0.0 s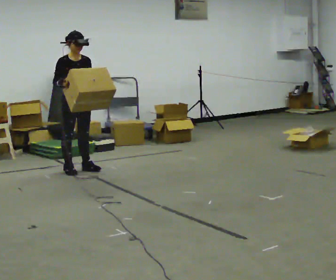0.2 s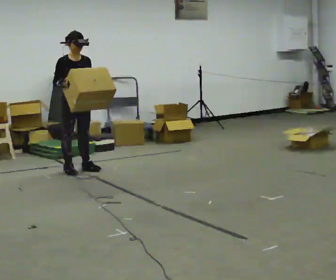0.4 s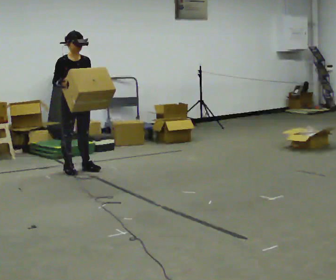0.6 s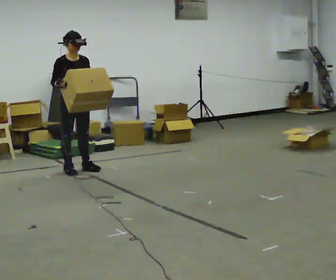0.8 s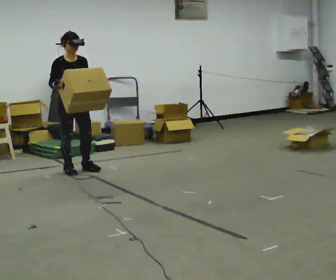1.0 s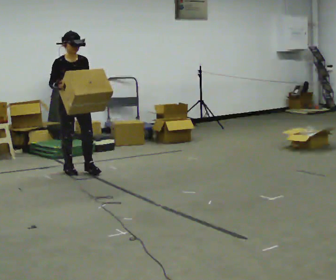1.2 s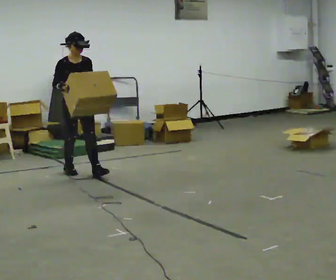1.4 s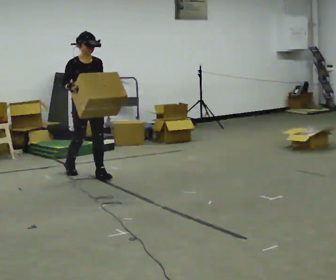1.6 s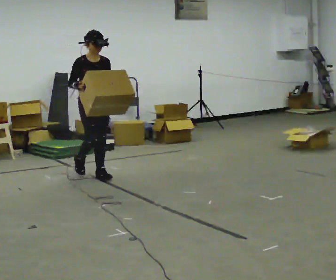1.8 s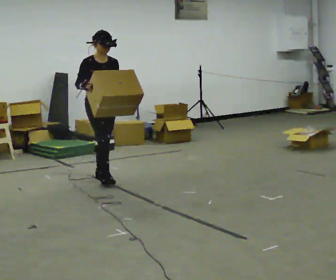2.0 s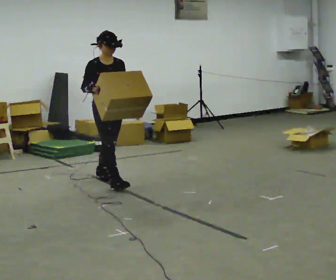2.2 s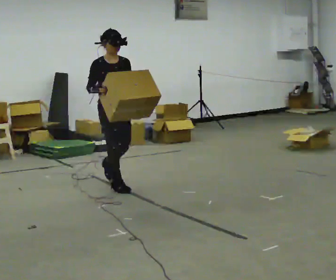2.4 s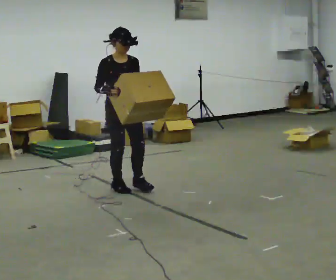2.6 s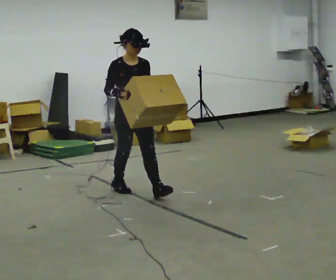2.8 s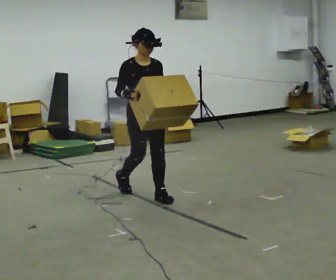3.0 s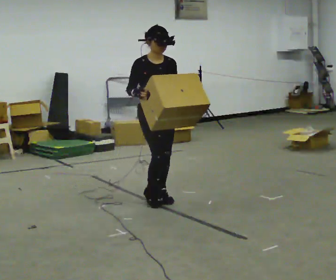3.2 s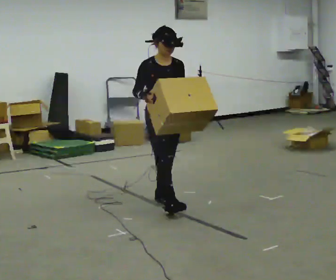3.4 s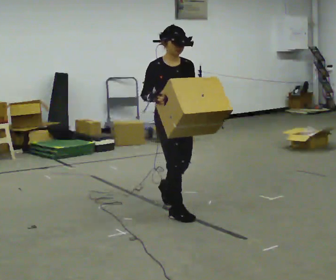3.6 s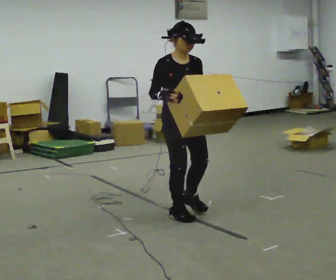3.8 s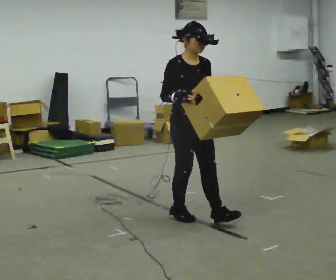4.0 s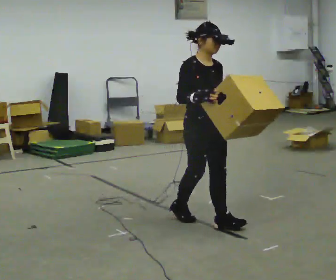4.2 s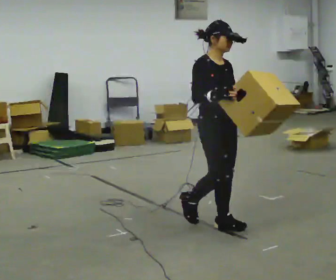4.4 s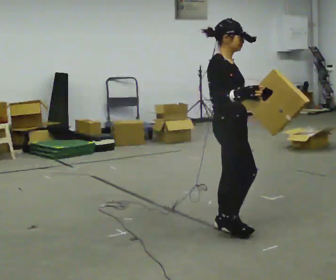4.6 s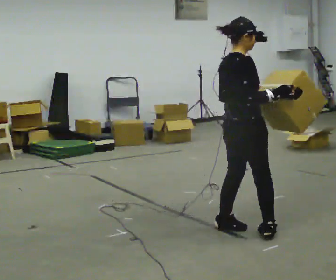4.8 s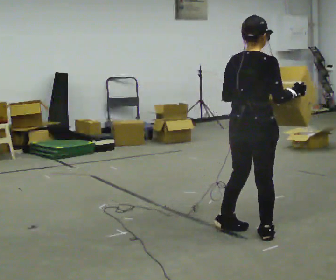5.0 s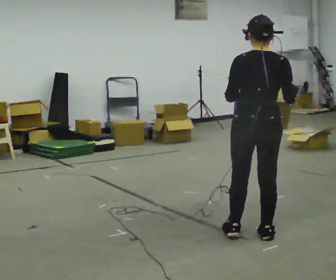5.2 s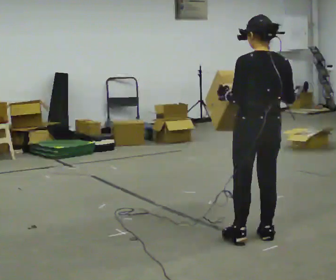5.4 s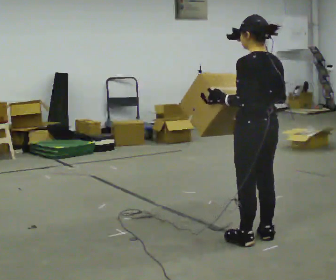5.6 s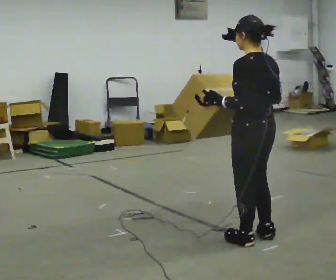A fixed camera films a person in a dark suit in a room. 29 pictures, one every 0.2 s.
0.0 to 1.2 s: The person moves a little, or ends about where they began.
1.2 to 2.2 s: In the picture they go toward the camera and to the right, about 0.75 m in 2 steps, which for them is forward.
2.2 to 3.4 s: In the picture they go toward the camera and to the right, about 1 m in 2 steps, which for them is forward.
3.4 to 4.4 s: Seen from above the body turns counterclockwise, about 45 degrees: to their left, with its near side sliding to the right. In the picture they go toward the camera and to the right, about 0.5 m in 1 step, which for them is forward.
4.4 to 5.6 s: Seen from above the body turns counterclockwise, about 150 degrees: to their left, with its near side sliding to the right. In the picture they go toward the camera and to the right, about 0.5 m in 2 steps.
The film runs forward here.
